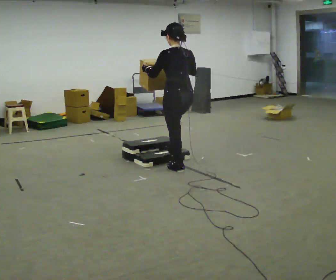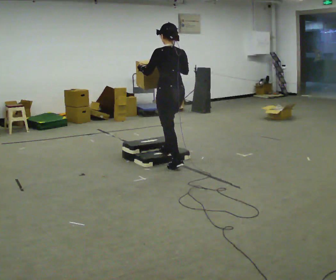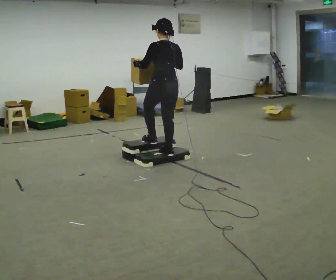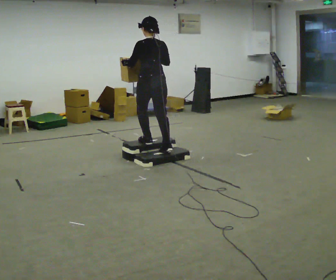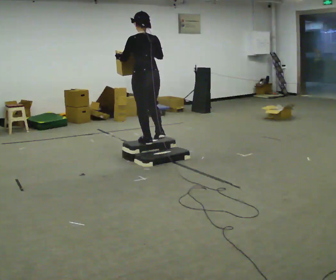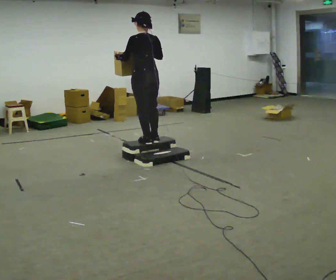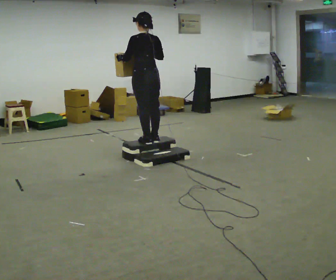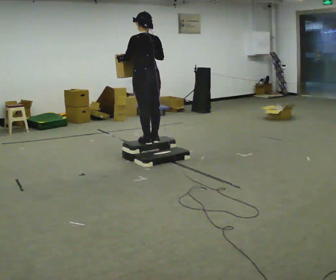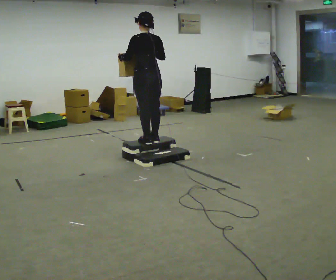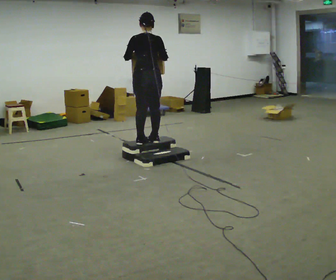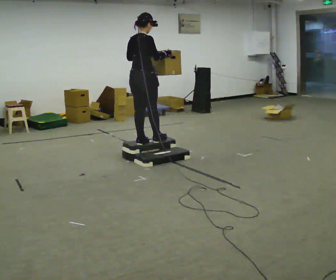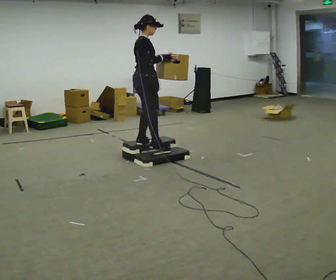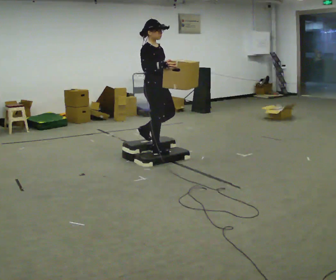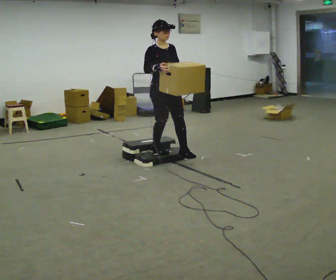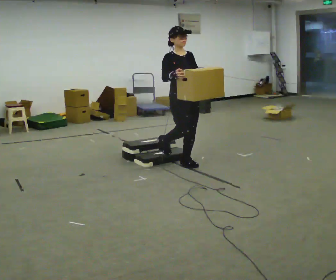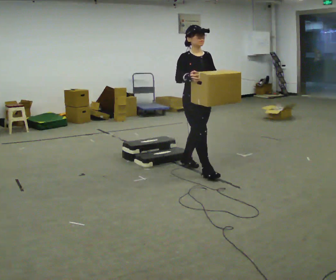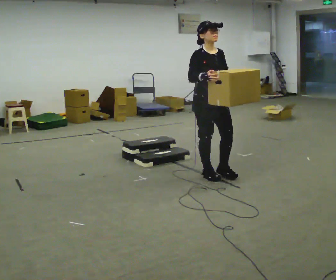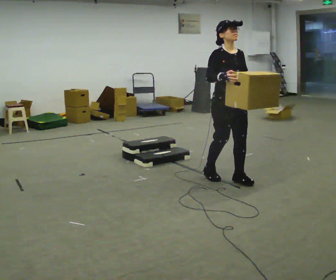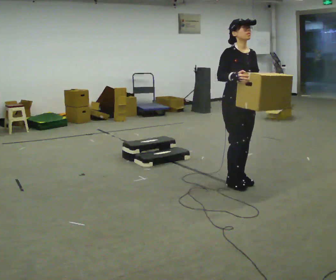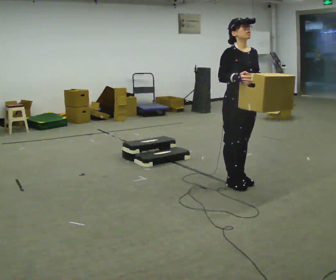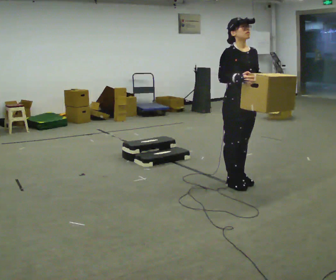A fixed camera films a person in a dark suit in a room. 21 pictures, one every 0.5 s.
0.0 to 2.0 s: In the picture they go away from the camera and to the left, about 0.75 m in 2 steps, which for them is forward. The upper body goes upward.
2.0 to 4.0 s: The person moves a little, or ends about where they began.
4.0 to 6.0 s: The part of the body nearest the lens slides to the left as the person turns to their right by about 135 degrees. In the picture their left hand goes to the right.
6.0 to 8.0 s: Seen from above the body turns clockwise, about 30 degrees: to their right, with its near side sliding to the left. In the picture they go toward the camera and to the right, about 1 m in 2 steps, which for them is forward.
8.0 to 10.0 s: In the picture they go toward the camera and to the right, about 0.5 m in 2 steps, which for them is forward.
The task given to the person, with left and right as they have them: Carry the box up the three steps, turn at the top, and carry it back down. Use the handrail only if you need it. Keep going until the operator says stop; one object at a time, and do not rush between trips.
The film runs forward here.
